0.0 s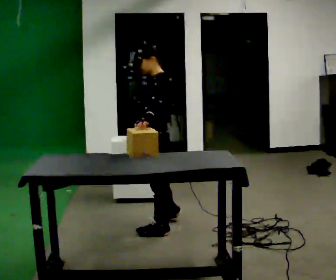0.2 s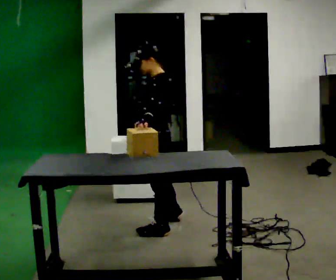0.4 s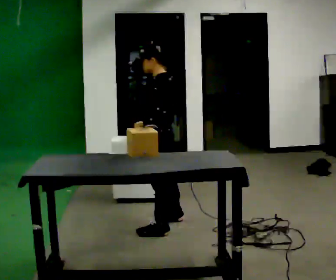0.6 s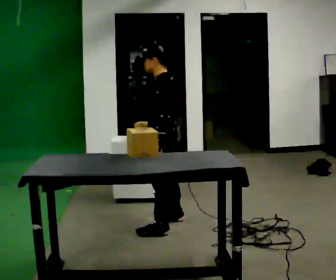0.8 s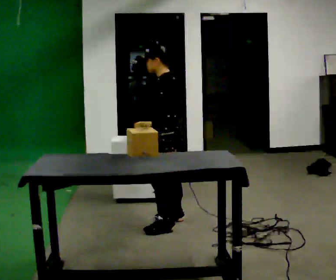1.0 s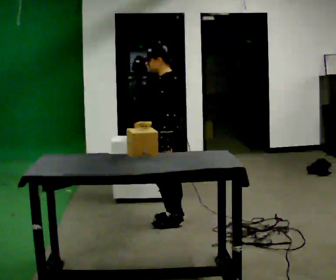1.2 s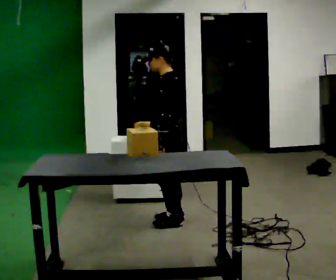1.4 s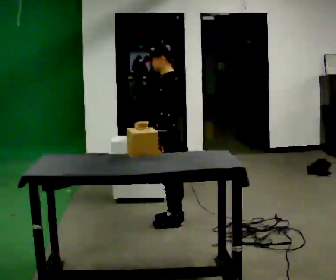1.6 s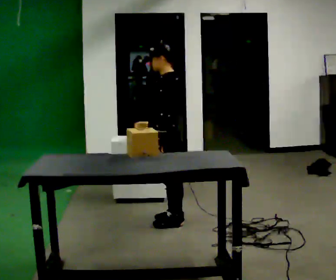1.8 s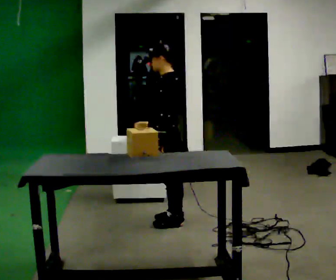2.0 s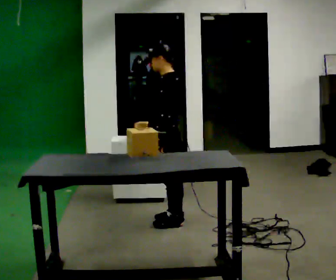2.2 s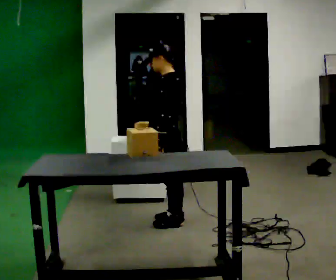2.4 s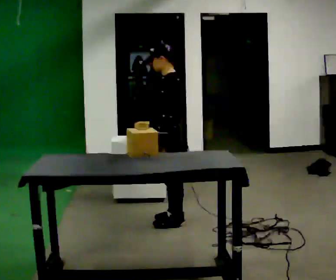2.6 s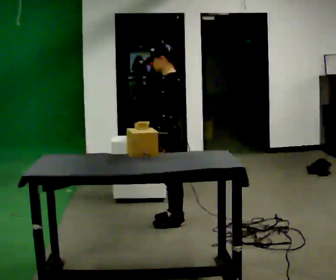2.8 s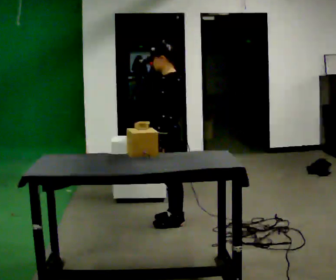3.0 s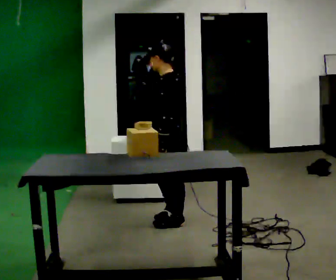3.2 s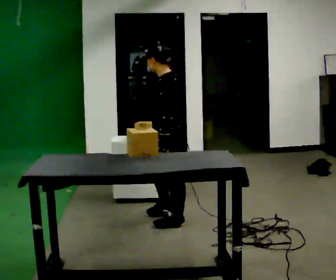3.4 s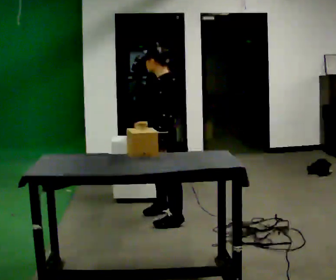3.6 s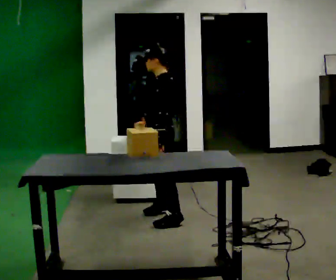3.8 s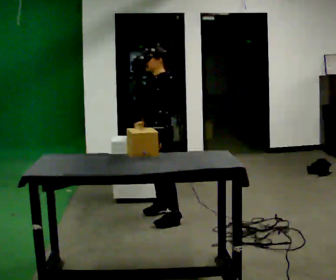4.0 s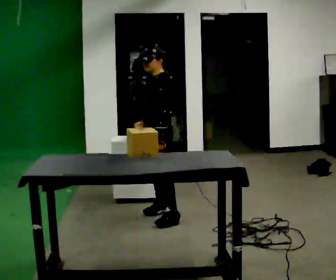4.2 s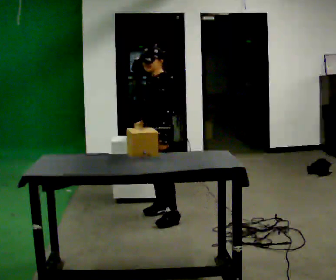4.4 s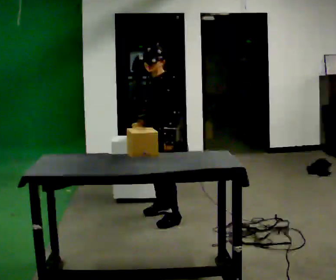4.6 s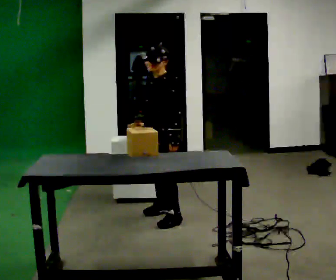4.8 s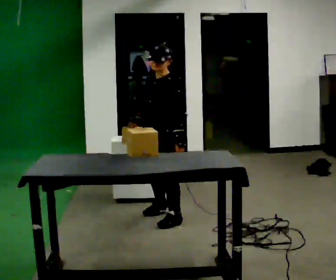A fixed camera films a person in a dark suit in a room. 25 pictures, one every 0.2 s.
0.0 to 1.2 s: In the picture they go away from the camera, about 0.25 m in 1 step, which for them is to their right.
1.2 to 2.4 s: The person moves a little, or ends about where they began.
2.4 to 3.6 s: In the picture they go away from the camera, about 0.25 m in 1 step, which for them is to their right.
3.6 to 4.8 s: The person turns about 45 degrees to their left, counterclockwise seen from above, so the part of the body nearest the lens slides to the right.
The film runs forward here.
